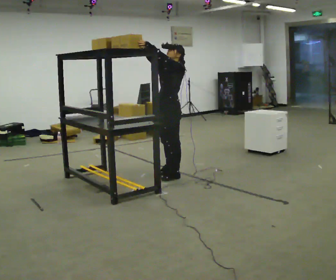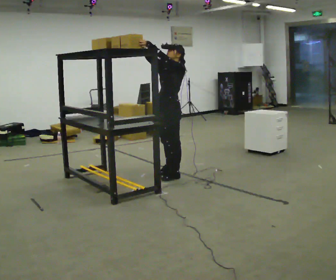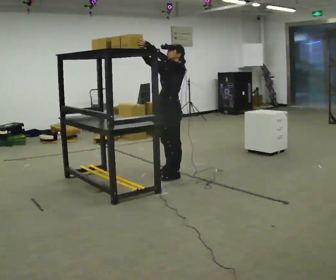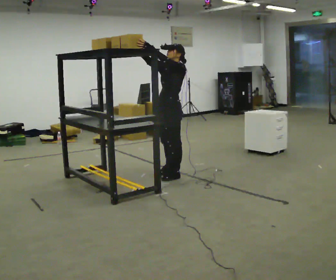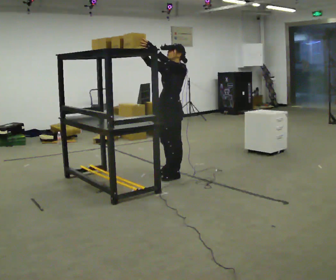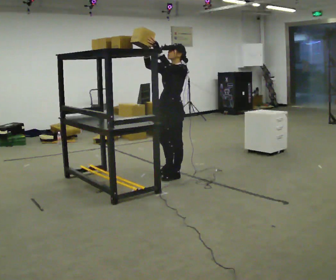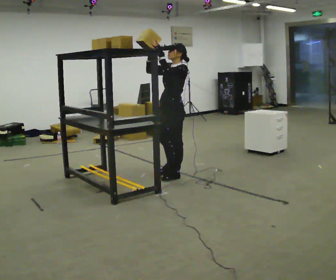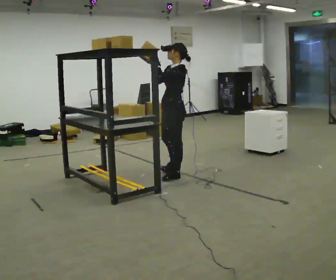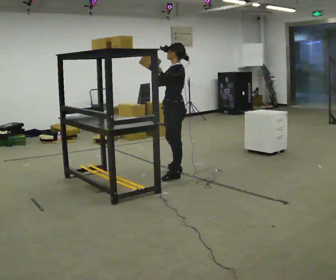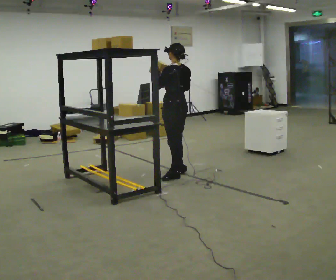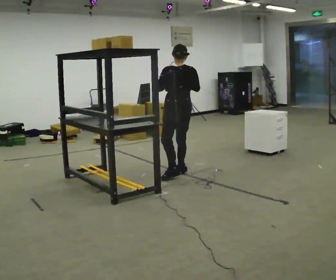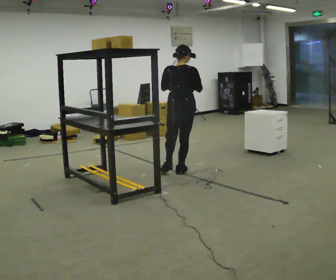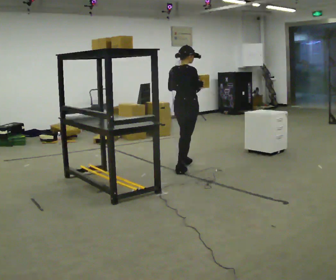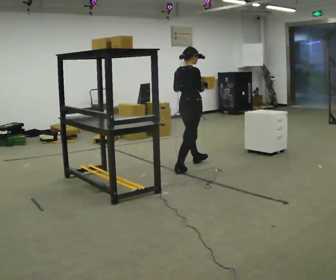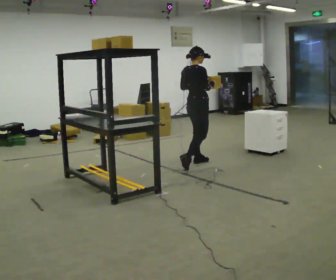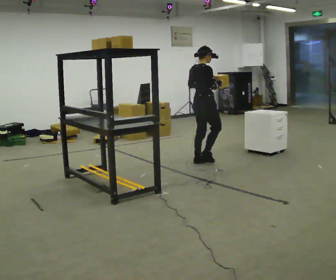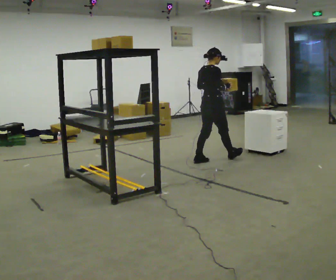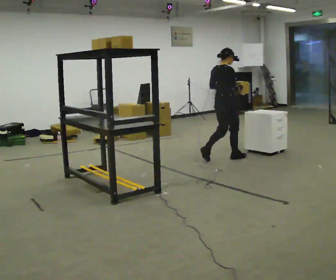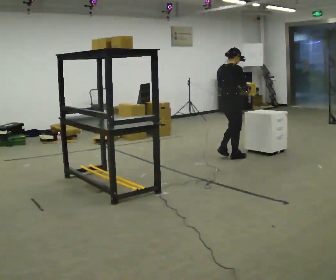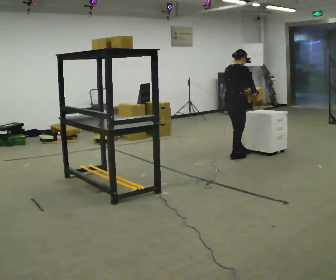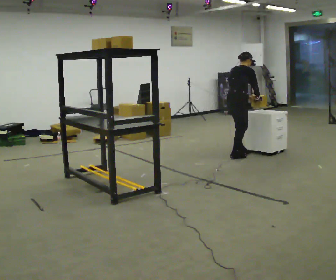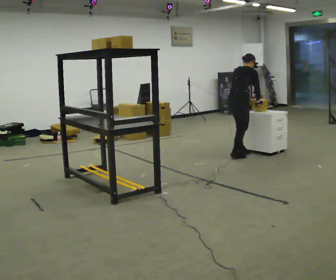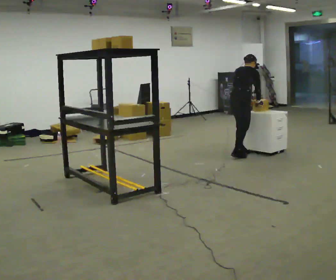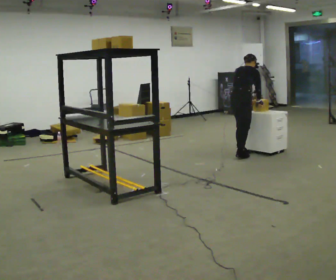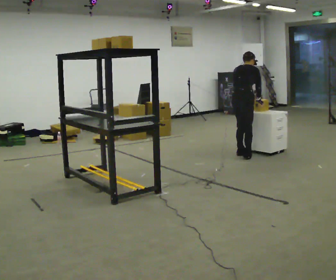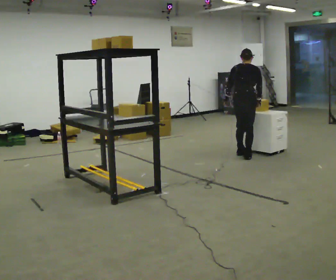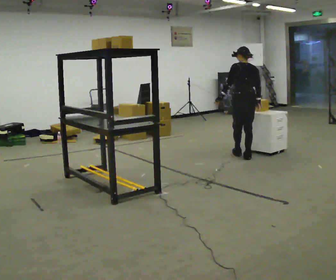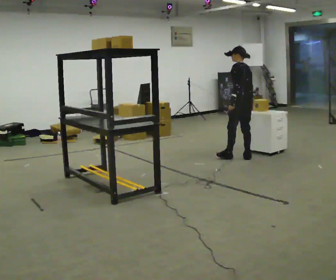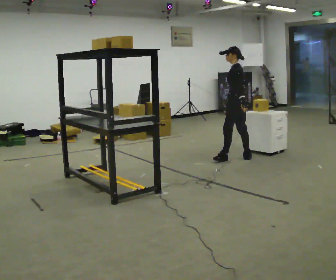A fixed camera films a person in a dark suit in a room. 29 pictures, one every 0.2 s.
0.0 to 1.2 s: The person moves a little, or ends about where they began.
1.2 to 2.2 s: Seen from above the body turns clockwise, about 135 degrees: to their right, with its near side sliding to the left. In the picture they go away from the camera, about 0.25 m. In the picture their right hand goes to the right and downward.
2.2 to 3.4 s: Seen from above the body turns clockwise, about 45 degrees: to their right, with its near side sliding to the left. In the picture they go away from the camera and to the right, about 1 m in 2 steps, which for them is forward.
3.4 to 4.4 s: In the picture they go to the right and away from the camera, about 0.25 m in 1 step, which for them is forward. The upper body tips away from the camera, its near side rolling upward, as they bend forward.
4.4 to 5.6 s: Seen from above the body turns counterclockwise, about 120 degrees: to their left, with its near side sliding to the right. In the picture they go toward the camera, about 0.25 m in 2 steps. In the picture the upper body tilts counterclockwise, shoulders to the left, as they lean back or straighten.
The film runs forward here.
